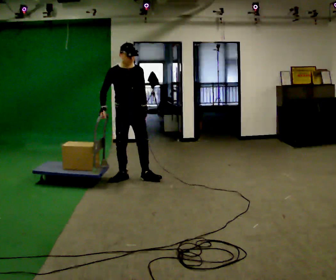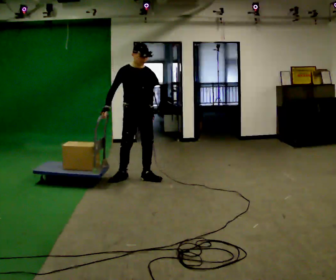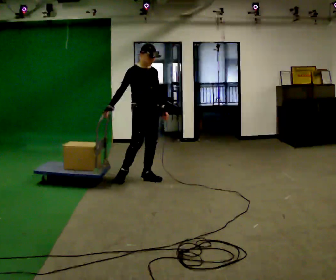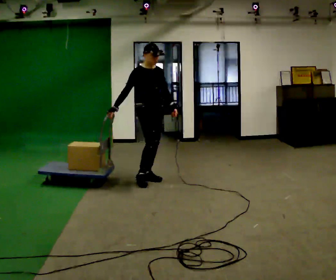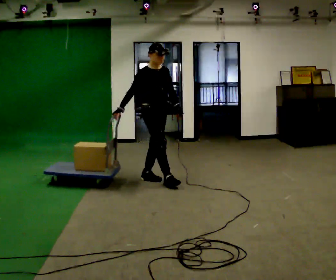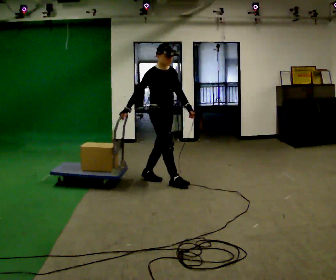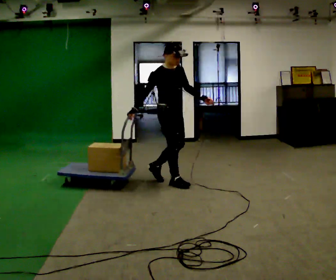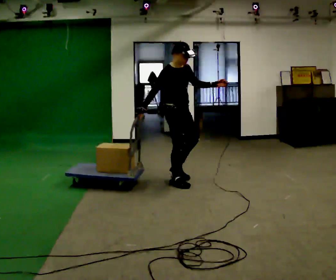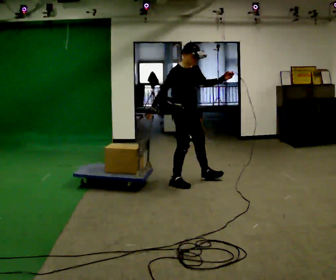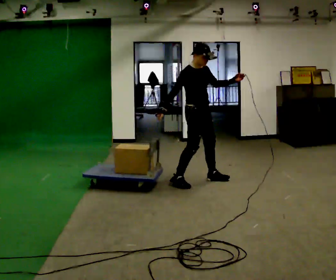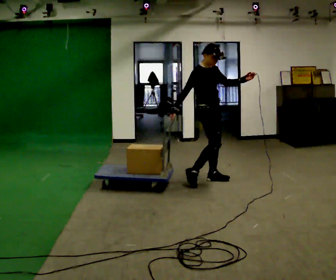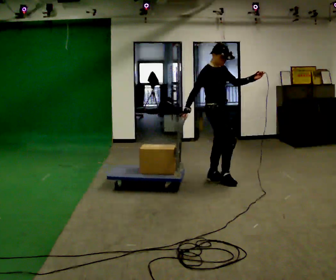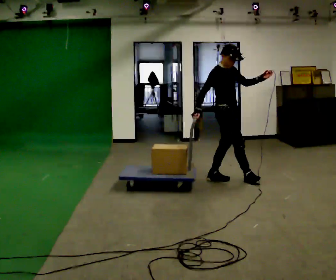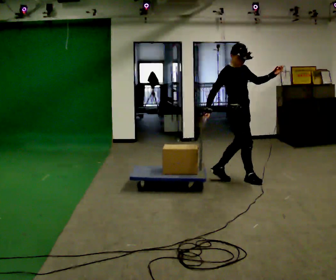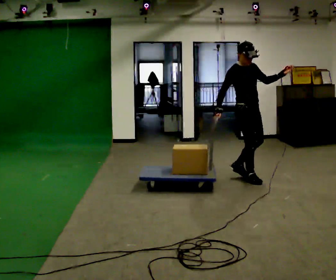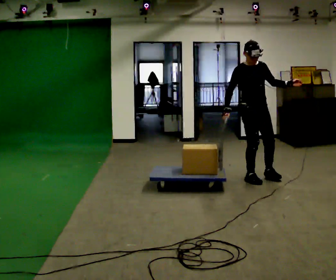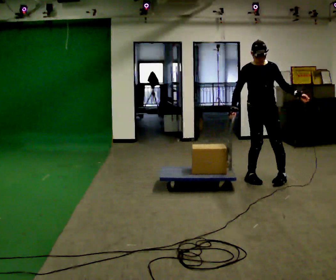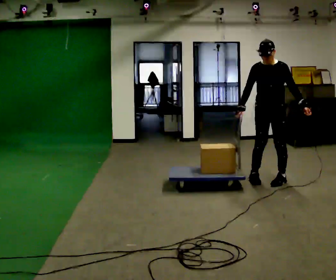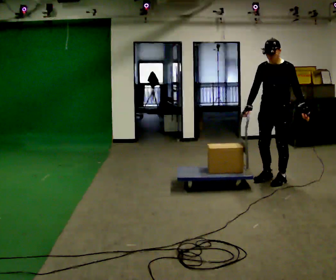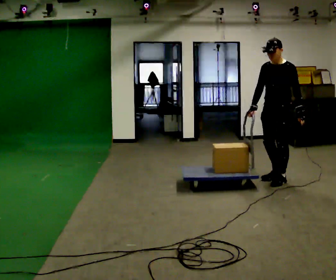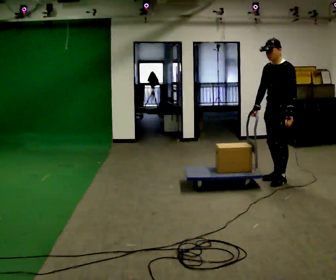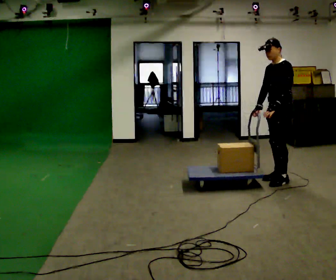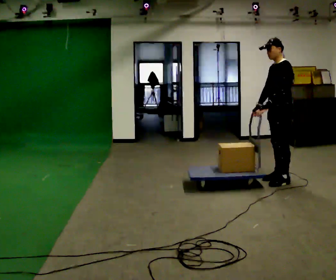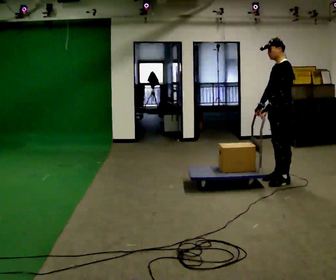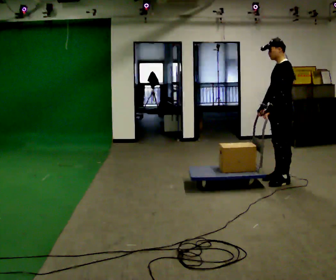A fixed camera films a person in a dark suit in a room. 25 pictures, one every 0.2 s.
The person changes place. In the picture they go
to the right.
0.0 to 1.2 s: The person turns about 30 degrees to their left, counterclockwise seen from above, so the part of the body nearest the lens slides to the right. In the picture they go to the right, about 0.5 m in 1 step, which for them is forward and to their left.
1.2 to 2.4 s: In the picture they go to the right, about 0.75 m in 2 steps, which for them is forward and to their left.
2.4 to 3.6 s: The part of the body nearest the lens slides to the left as the person turns to their right by about 105 degrees. In the picture they go to the right, about 0.5 m in 1 step. In the picture their left hand goes downward, the arm swinging clockwise.
3.6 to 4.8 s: The part of the body nearest the lens slides to the left as the person turns to their right by about 60 degrees. In the picture their left hand goes to the left, the arm swinging clockwise.
The film runs forward here.
